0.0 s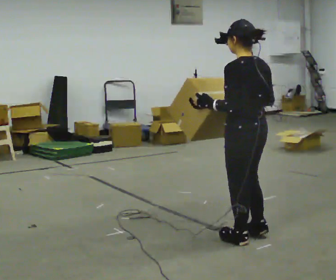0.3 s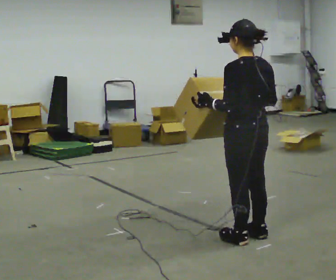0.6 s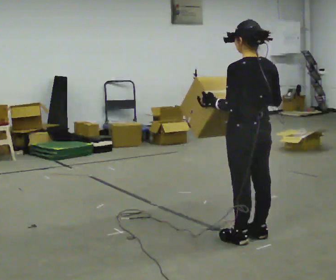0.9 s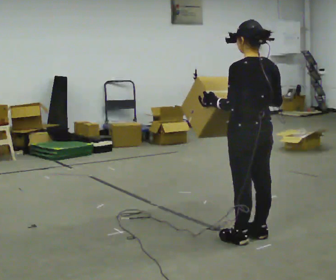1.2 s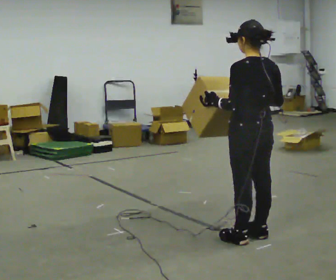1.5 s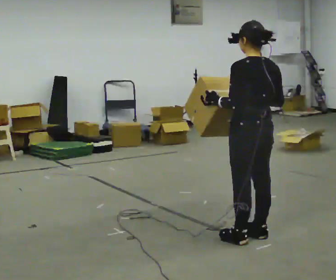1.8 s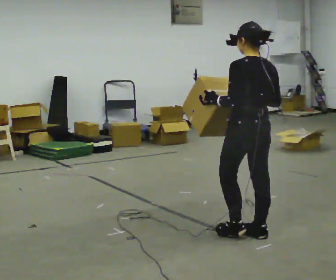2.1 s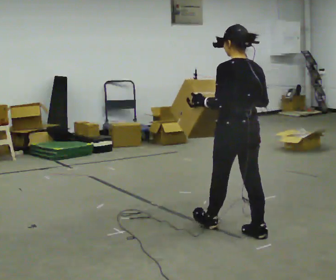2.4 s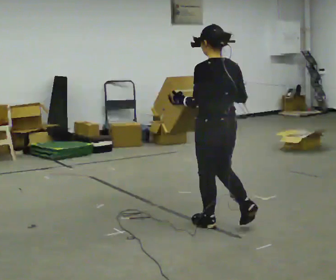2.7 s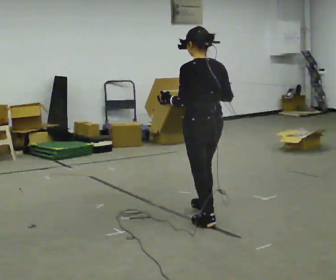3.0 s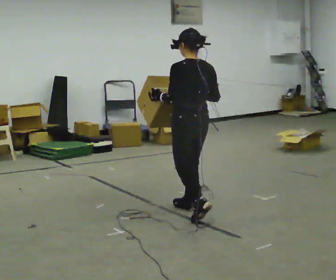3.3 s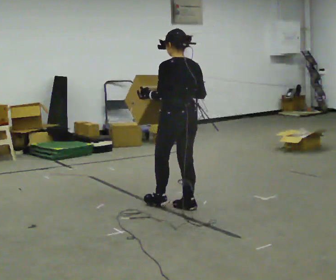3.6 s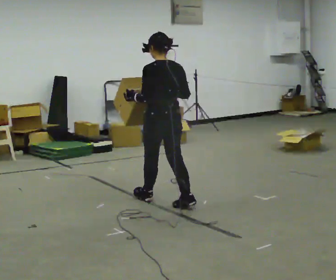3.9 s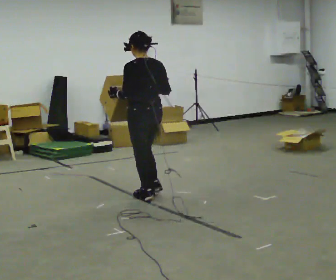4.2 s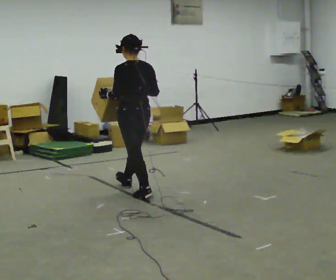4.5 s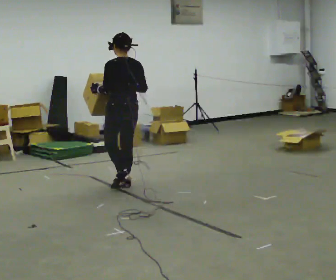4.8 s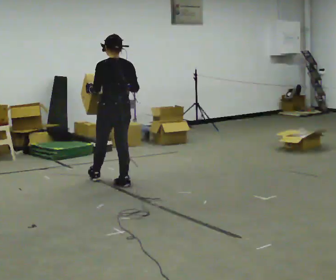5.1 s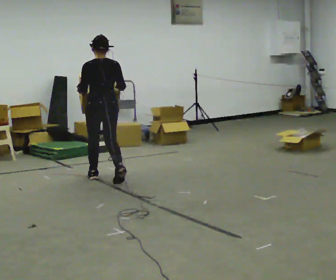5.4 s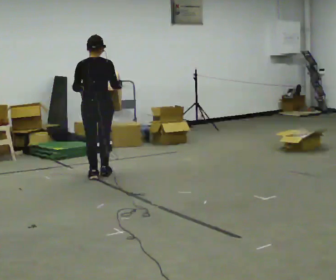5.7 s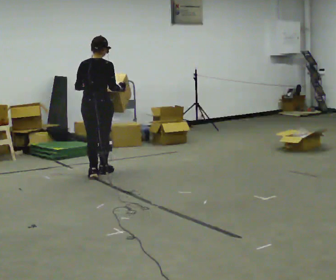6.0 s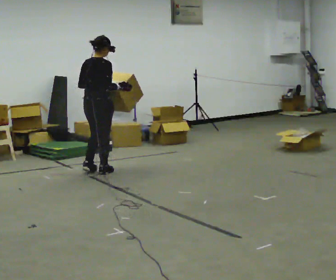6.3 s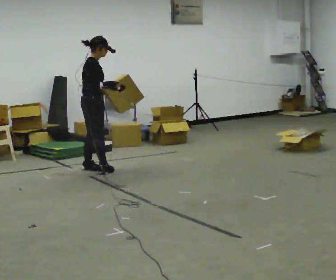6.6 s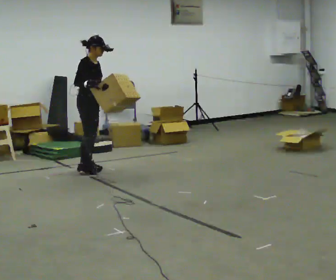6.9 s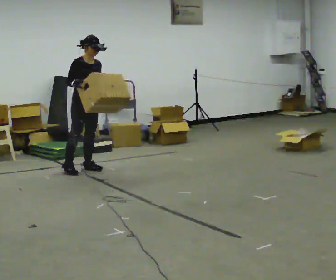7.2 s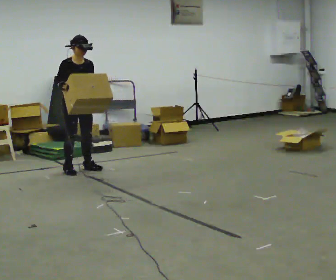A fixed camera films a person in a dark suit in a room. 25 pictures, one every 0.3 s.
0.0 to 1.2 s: The person moves a little, or ends about where they began.
1.2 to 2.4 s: In the picture they go away from the camera and to the left, about 0.25 m in 1 step, which for them is forward.
2.4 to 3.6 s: In the picture they go away from the camera and to the left, about 1 m in 2 steps, which for them is forward.
3.6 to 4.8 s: In the picture they go away from the camera and to the left, about 1 m in 1 step, which for them is forward.
4.8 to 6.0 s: The person turns about 60 degrees to their right, clockwise seen from above, so the part of the body nearest the lens slides to the left. In the picture they go away from the camera and to the left, about 0.5 m in 2 steps, which for them is forward.
6.0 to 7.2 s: The part of the body nearest the lens slides to the left as the person turns to their right by about 120 degrees. In the picture they go to the left and away from the camera, about 0.25 m in 2 steps.
The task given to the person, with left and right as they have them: Carry the medium box in both hands in front of you, walking back and forth across the room. Keep walking until the operator says stop.
The film runs forward here.
